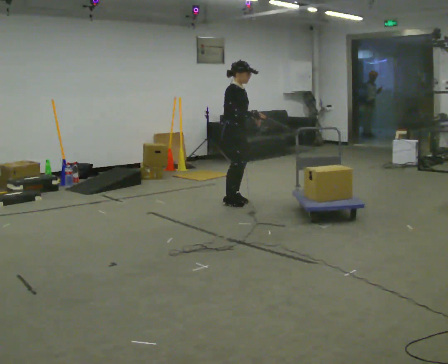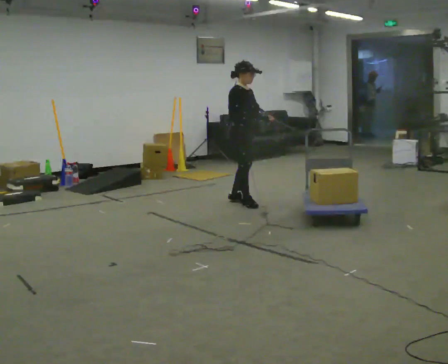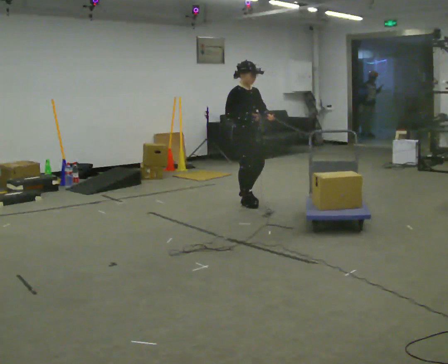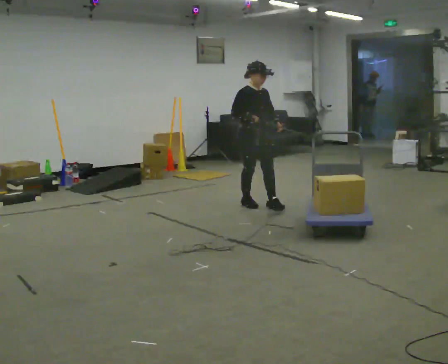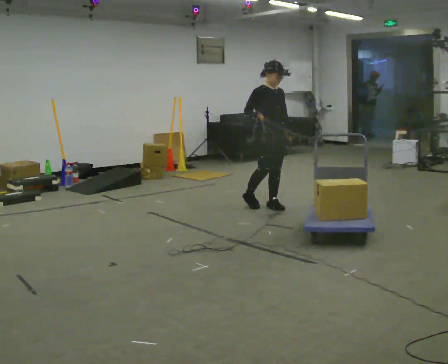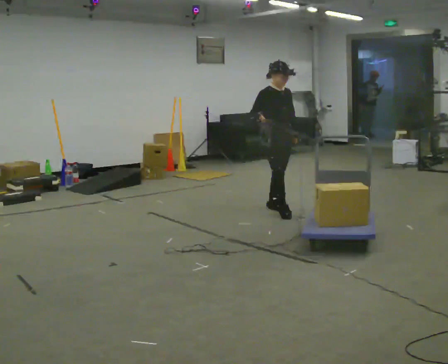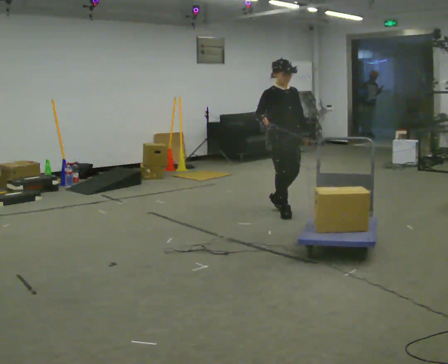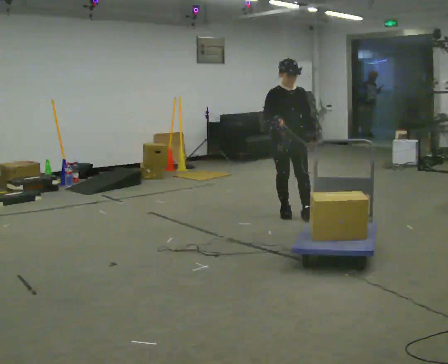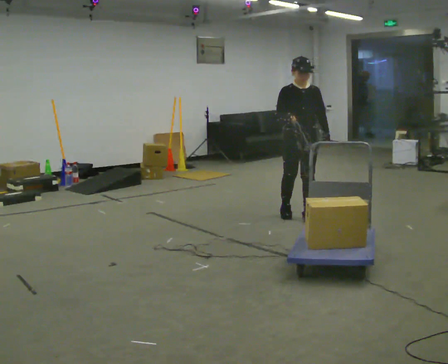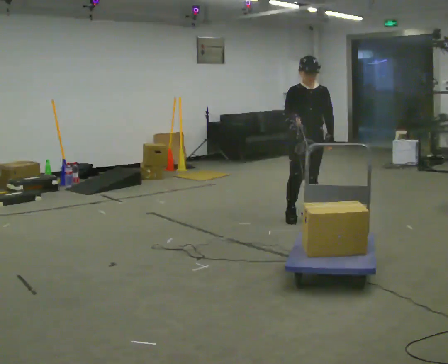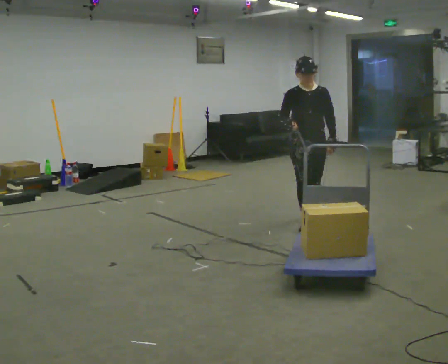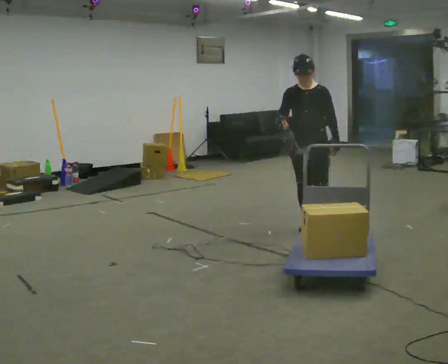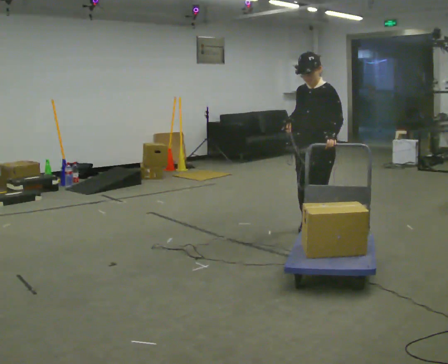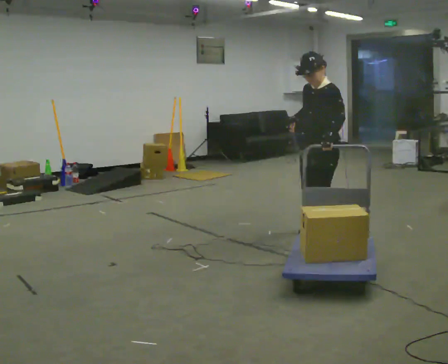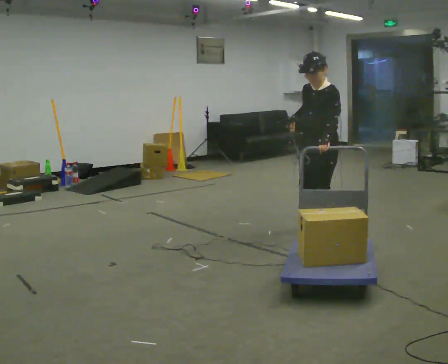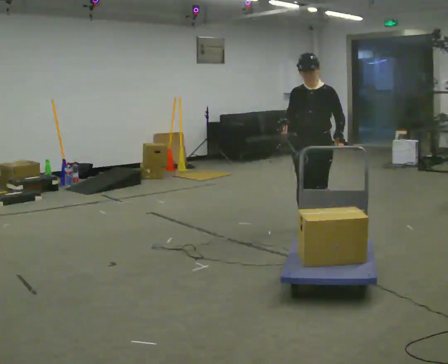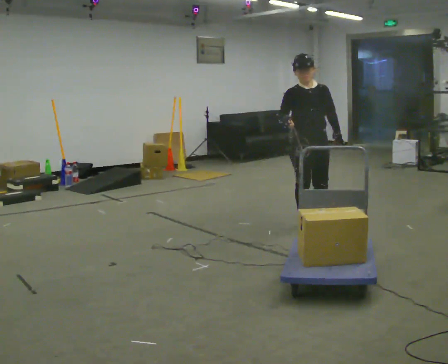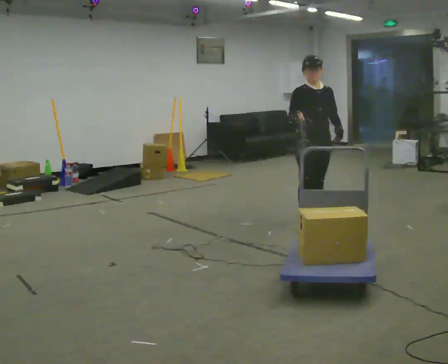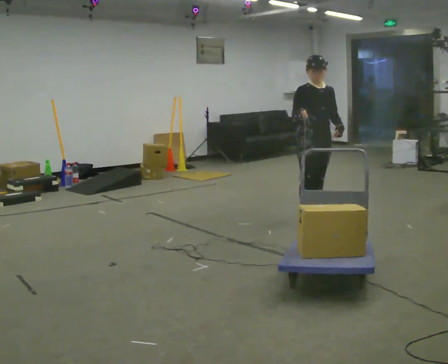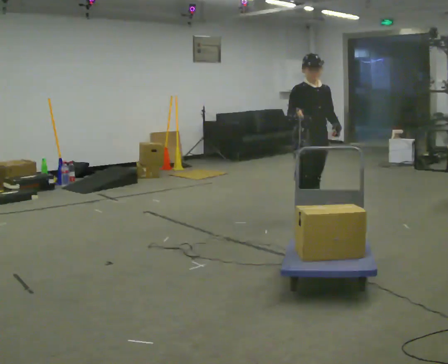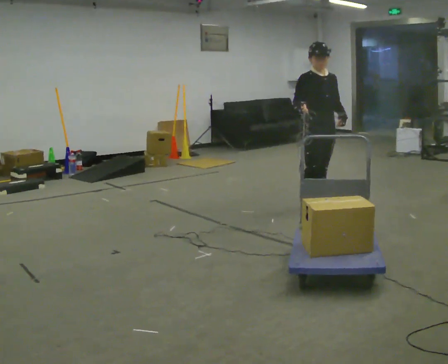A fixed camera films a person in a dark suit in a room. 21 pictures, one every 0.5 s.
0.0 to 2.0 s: The part of the body nearest the lens slides to the left as the person turns to their right by about 30 degrees. In the picture they go to the right and toward the camera, about 0.5 m in 2 steps, which for them is forward.
2.0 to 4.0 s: The person turns about 30 degrees to their right, clockwise seen from above, so the part of the body nearest the lens slides to the left. In the picture they go toward the camera and to the right, about 0.5 m in 1 step, which for them is forward.
4.0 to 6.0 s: The person turns about 45 degrees to their right, clockwise seen from above, so the part of the body nearest the lens slides to the left. In the picture they go toward the camera, about 0.75 m in 2 steps, which for them is forward.
6.0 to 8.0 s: Seen from above the body turns counterclockwise, about 45 degrees: to their left, with its near side sliding to the right. In the picture they go away from the camera, about 0.25 m in 1 step, which for them is to their right and backward.
8.0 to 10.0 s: In the picture they go away from the camera, about 0.25 m, which for them is backward.
The film runs backward here.
